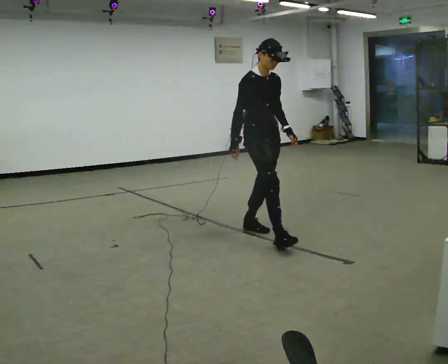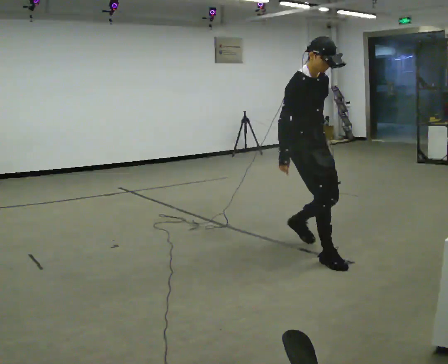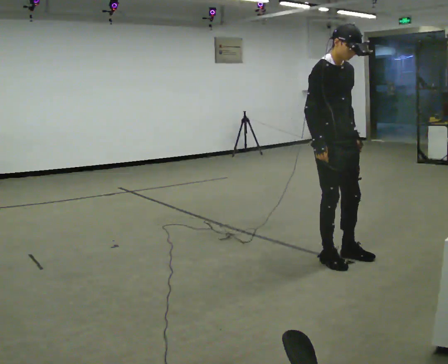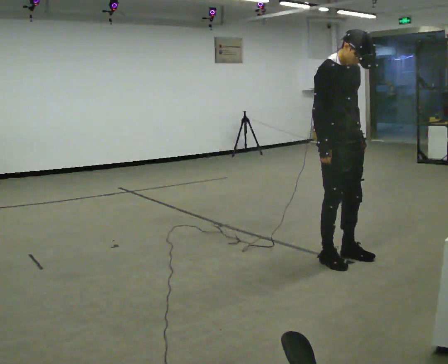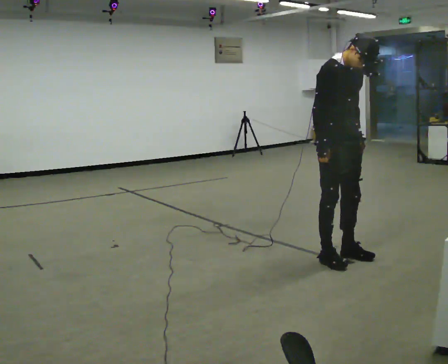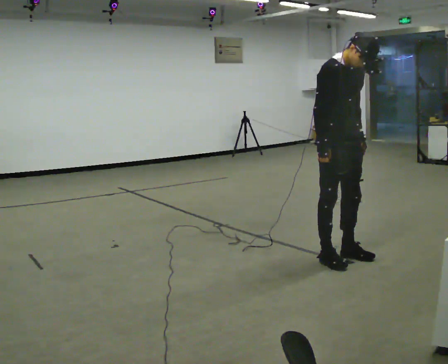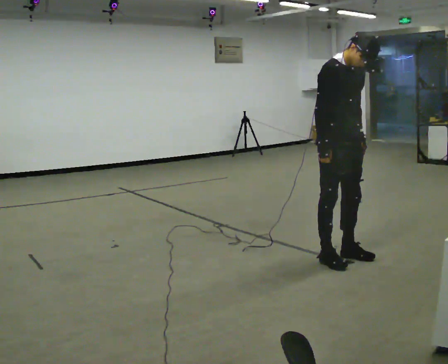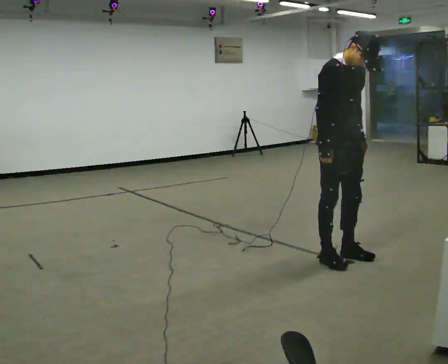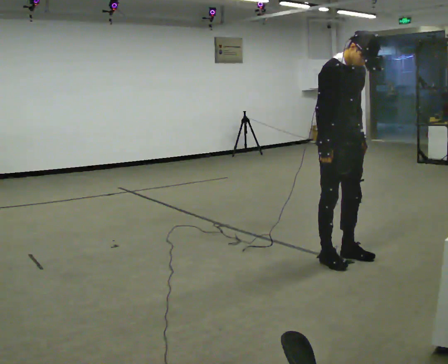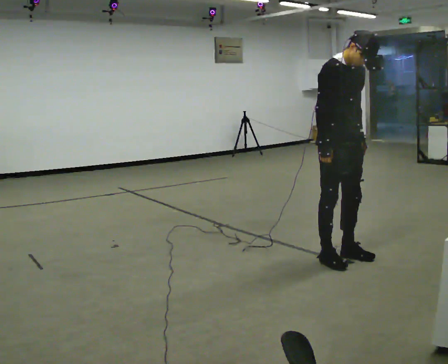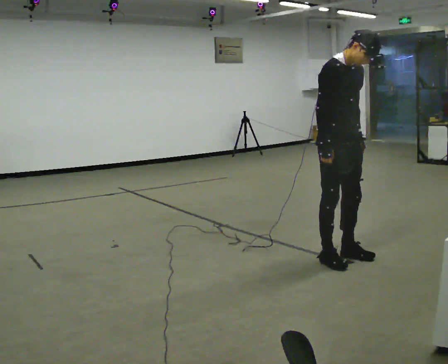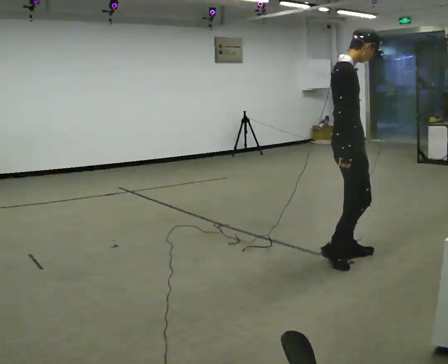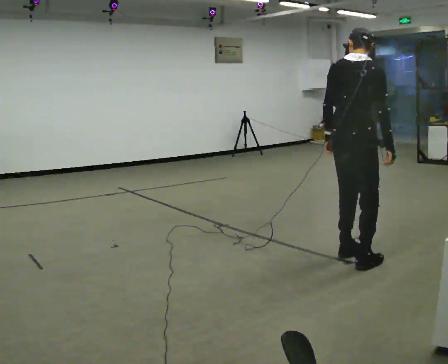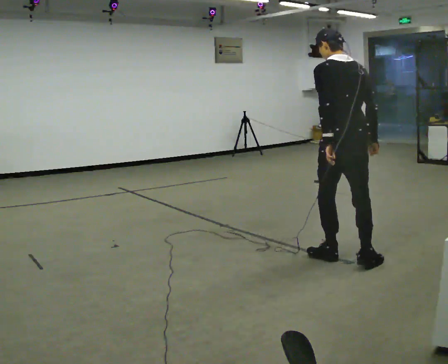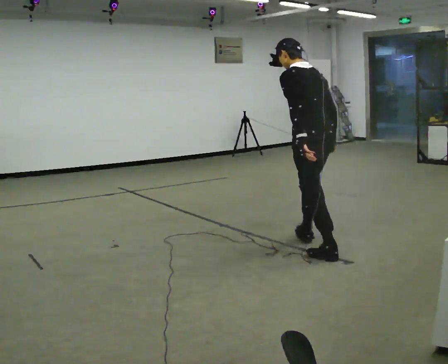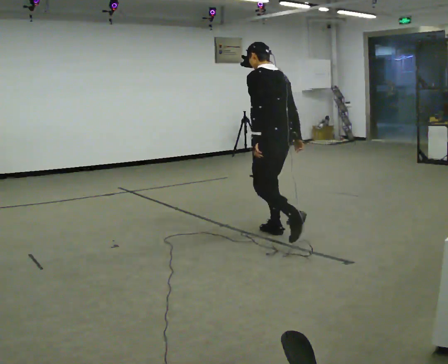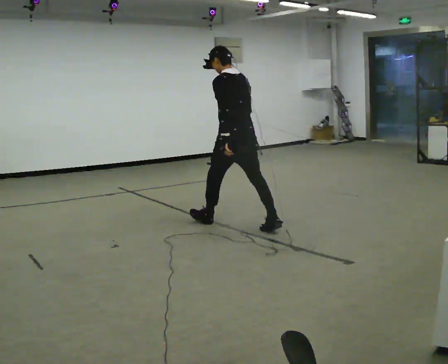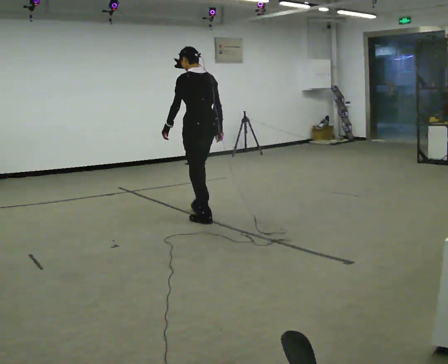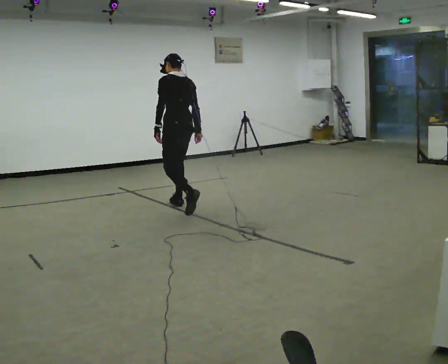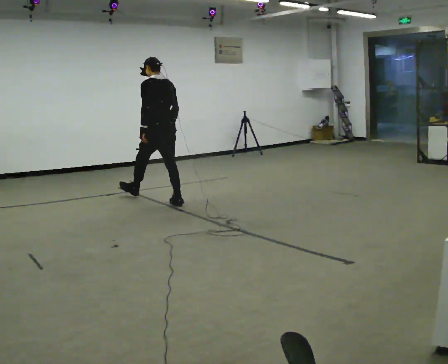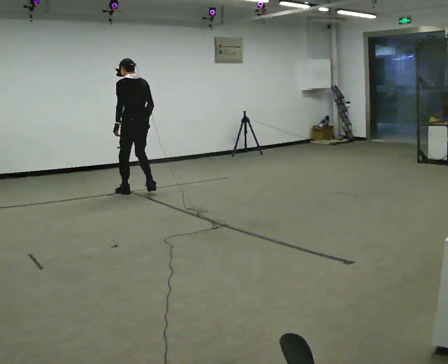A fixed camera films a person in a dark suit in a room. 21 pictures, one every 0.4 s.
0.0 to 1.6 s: In the picture they go toward the camera and to the right, about 1 m in 2 steps, which for them is forward.
1.6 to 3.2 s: The person moves a little, or ends about where they began.
3.2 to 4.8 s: The part of the body nearest the lens slides to the right as the person turns to their left by about 105 degrees.
4.8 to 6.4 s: Seen from above the body turns counterclockwise, about 75 degrees: to their left, with its near side sliding to the right. In the picture they go away from the camera and to the left, about 1.5 m in 1 step.
6.4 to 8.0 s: In the picture they go to the left and away from the camera, about 2 m in 3 steps, which for them is forward.
The film runs forward here.
